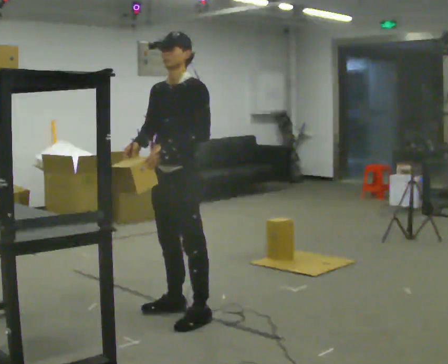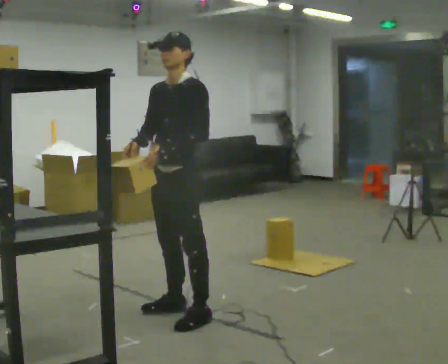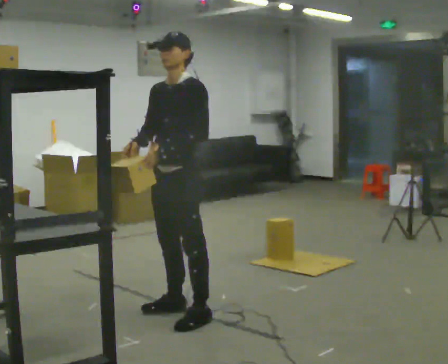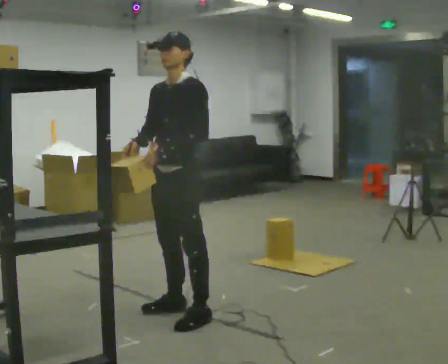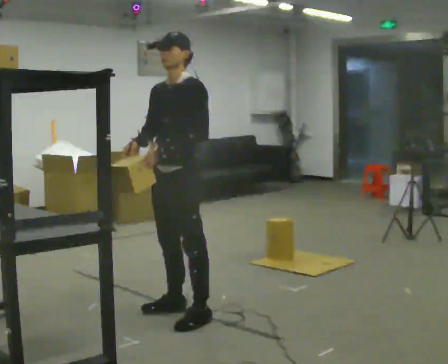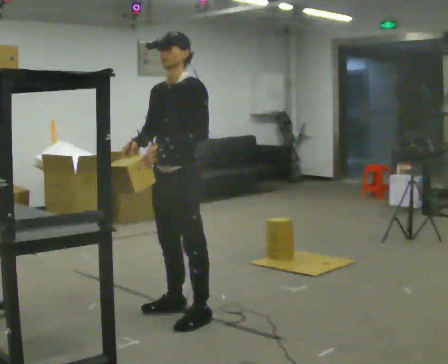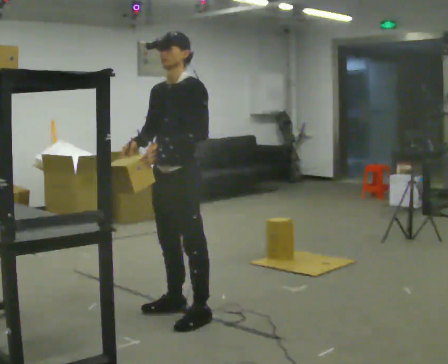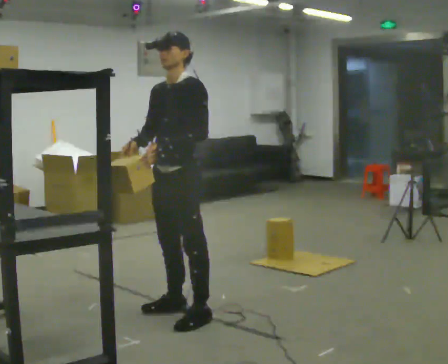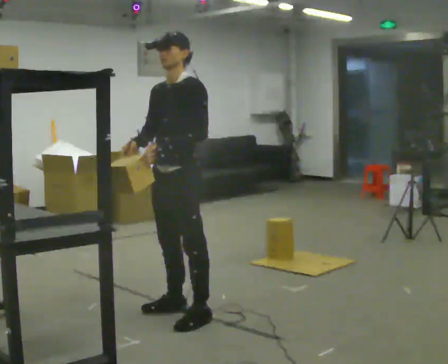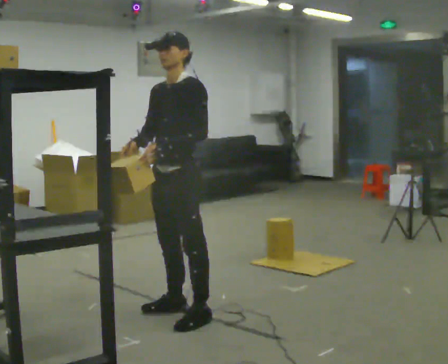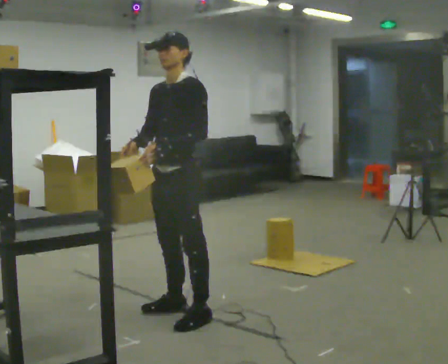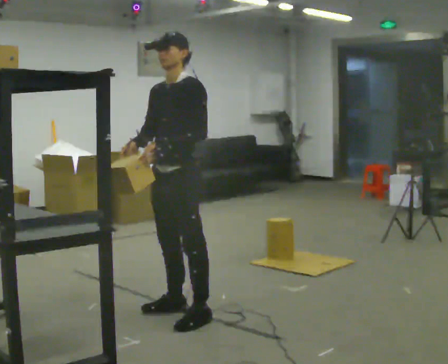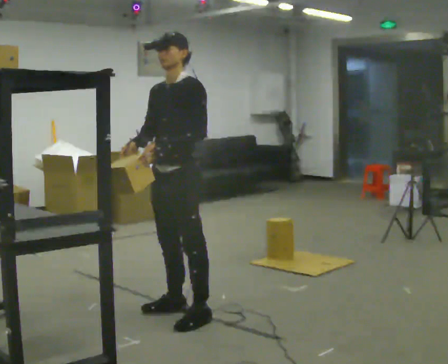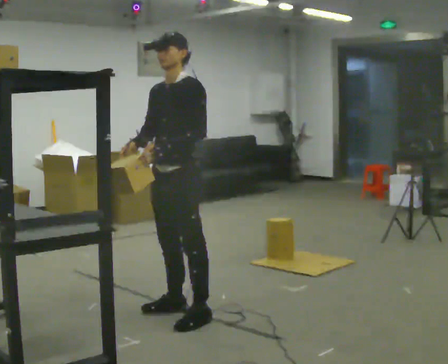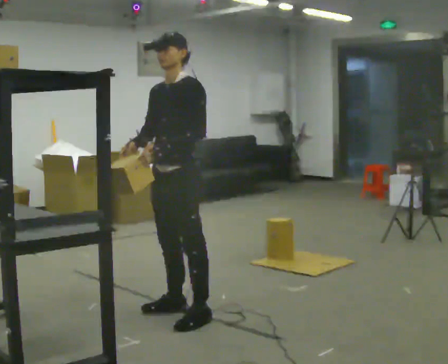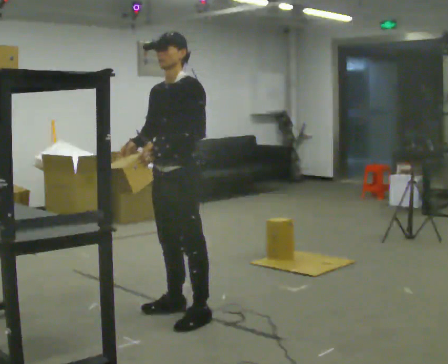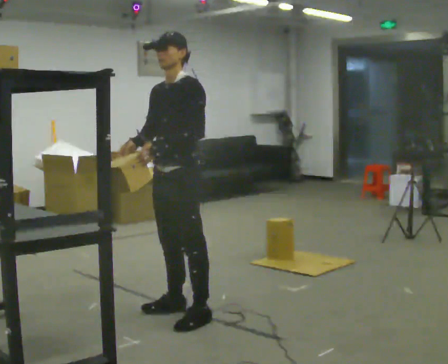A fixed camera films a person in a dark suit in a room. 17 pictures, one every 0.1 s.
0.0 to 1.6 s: The person moves a little, or ends about where they began.
The film runs backward here.
